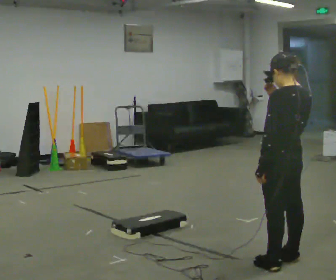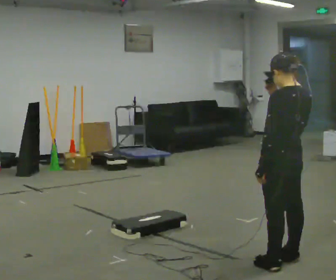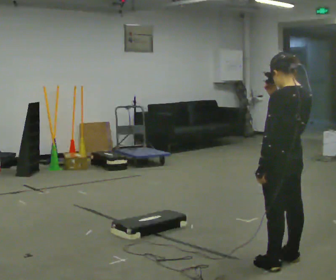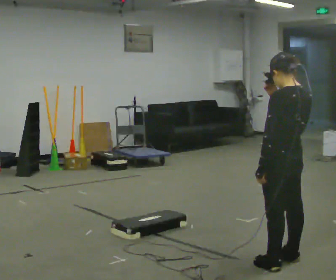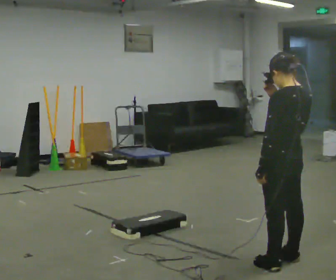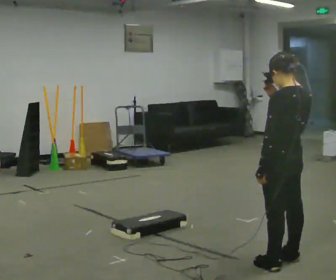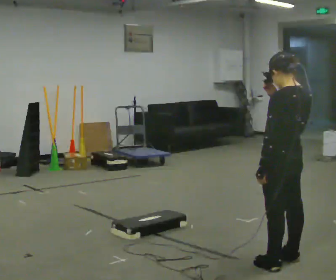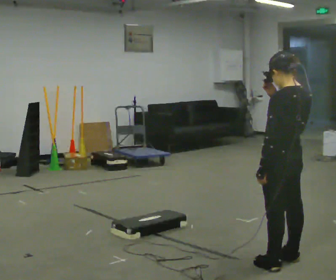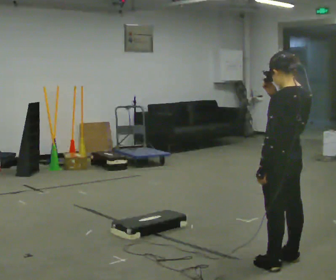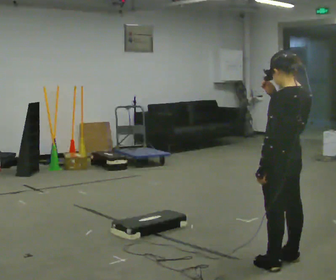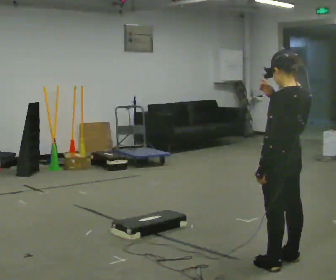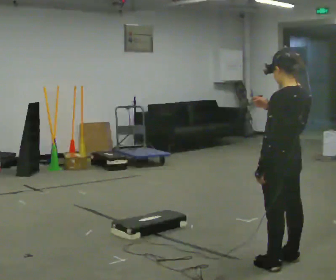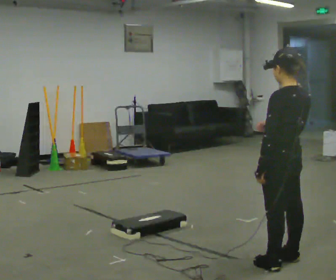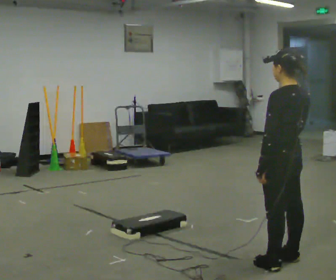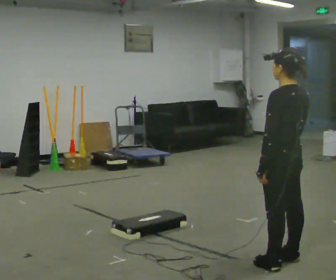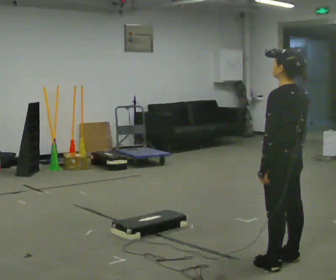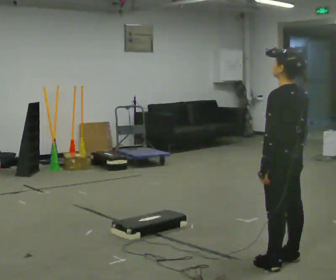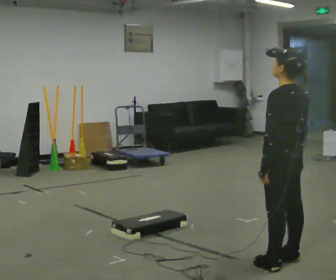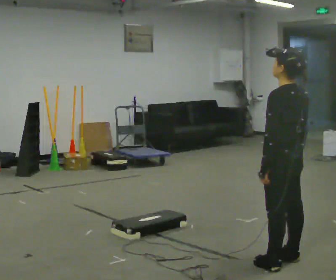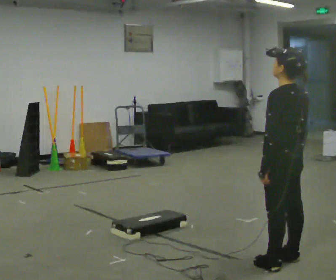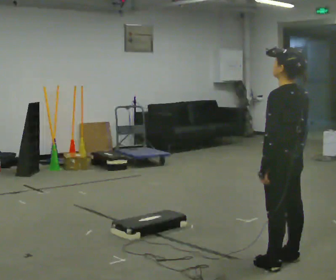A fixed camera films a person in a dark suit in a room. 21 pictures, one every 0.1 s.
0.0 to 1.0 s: The person keeps their place and pose.
1.0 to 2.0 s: In the picture their right hand goes downward.
The film runs backward here.
